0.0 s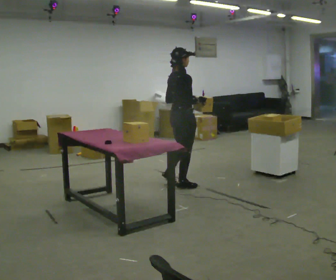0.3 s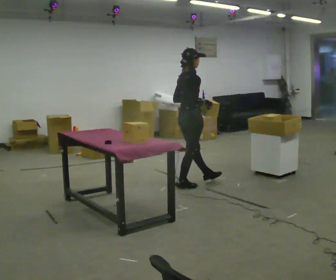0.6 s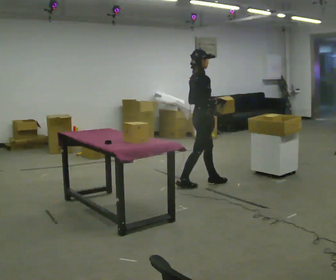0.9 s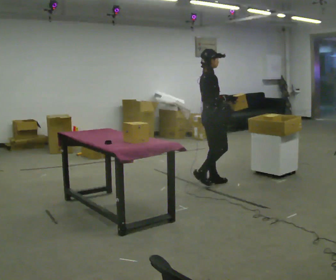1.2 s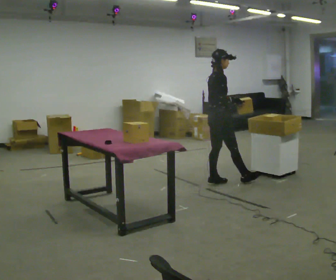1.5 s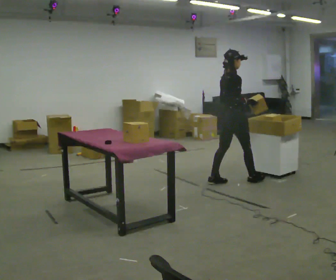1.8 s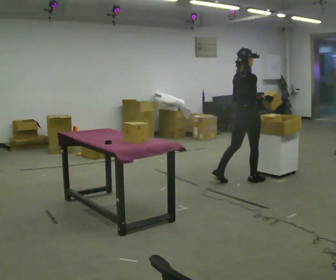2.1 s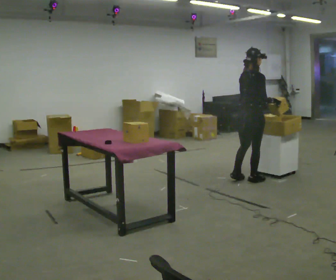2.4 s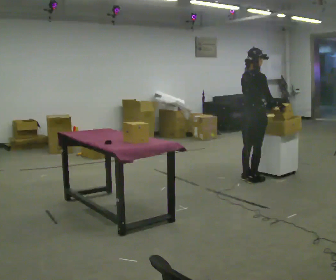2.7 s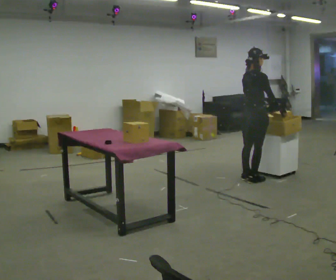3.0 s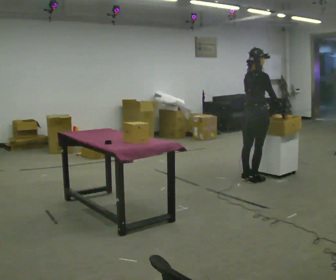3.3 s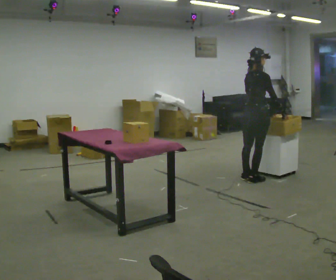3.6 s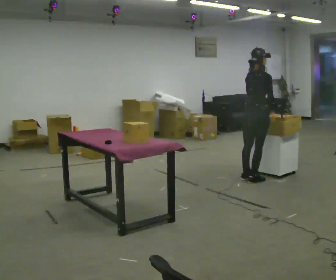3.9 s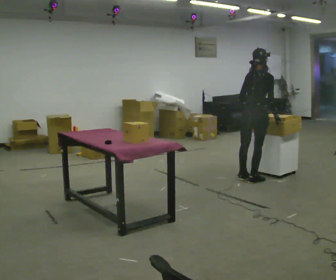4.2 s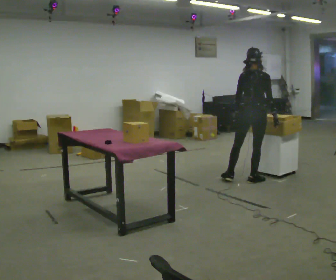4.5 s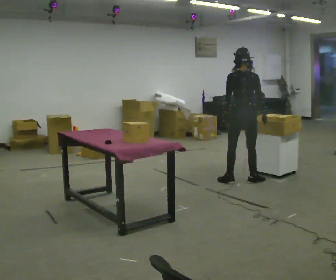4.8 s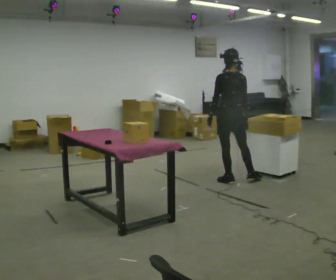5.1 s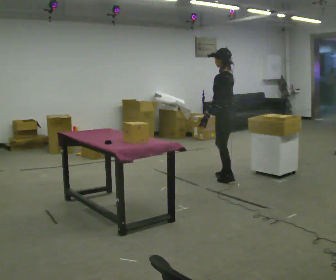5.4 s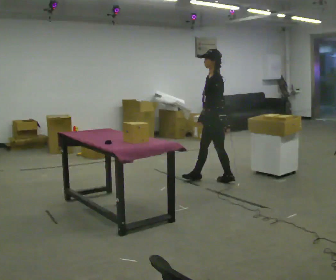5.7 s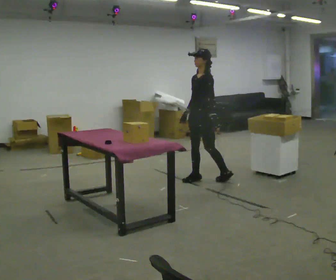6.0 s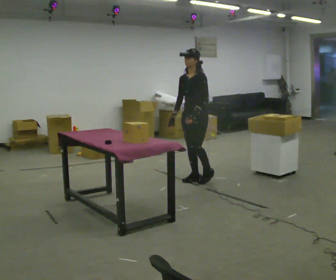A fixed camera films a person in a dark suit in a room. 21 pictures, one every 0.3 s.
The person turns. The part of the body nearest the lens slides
to the right.
The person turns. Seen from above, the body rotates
counterclockwise.
0.0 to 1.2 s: In the picture they go to the right and away from the camera, about 0.5 m in 1 step, which for them is forward.
1.2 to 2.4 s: In the picture they go to the right, about 0.5 m in 2 steps, which for them is forward and to their right.
2.4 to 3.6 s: The person moves a little, or ends about where they began.
3.6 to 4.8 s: The part of the body nearest the lens slides to the right as the person turns to their left by about 75 degrees. In the picture they go to the left, about 0.25 m in 1 step.
4.8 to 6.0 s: Seen from above the body turns counterclockwise, about 120 degrees: to their left, with its near side sliding to the right. In the picture they go to the left, about 0.25 m in 1 step.
The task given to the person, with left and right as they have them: Move objects one at a time from the waist-height shelf at one end of the room to the waist-height shelf at the other end. Keep going until the operator says stop; one object at a time, and do not rush between trips.
The film runs forward here.
